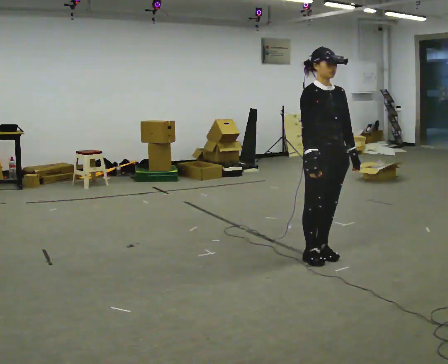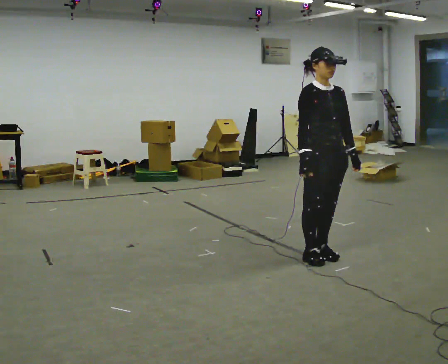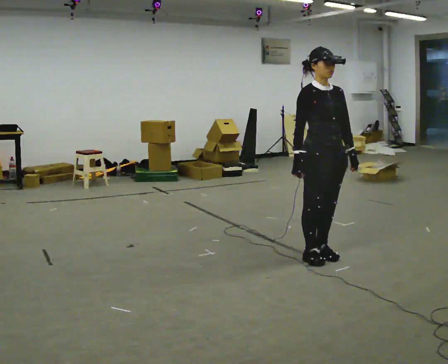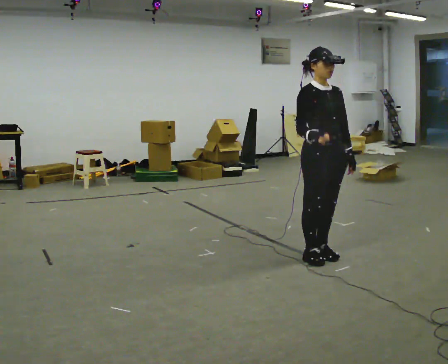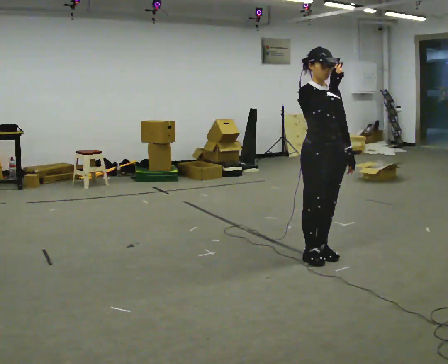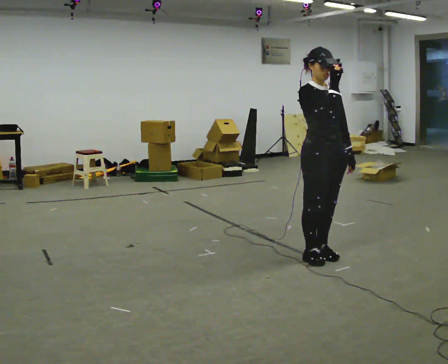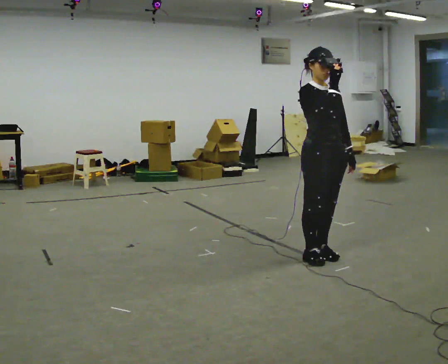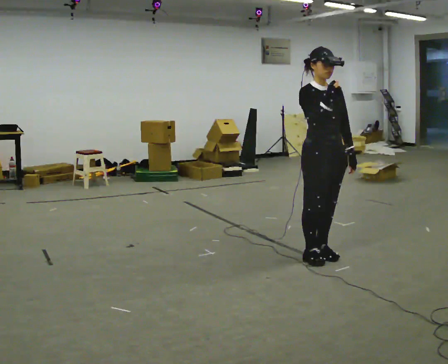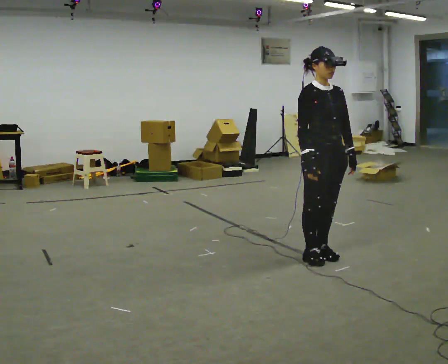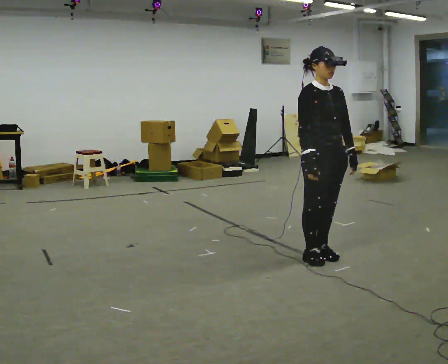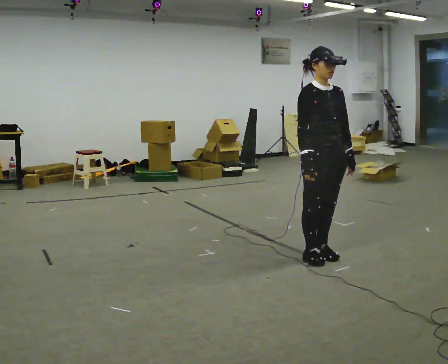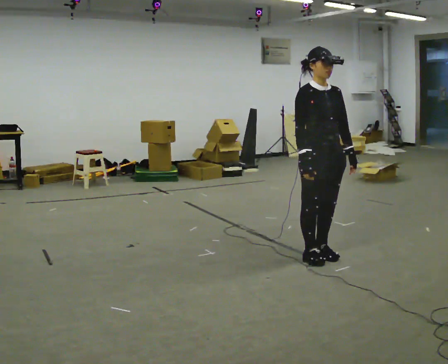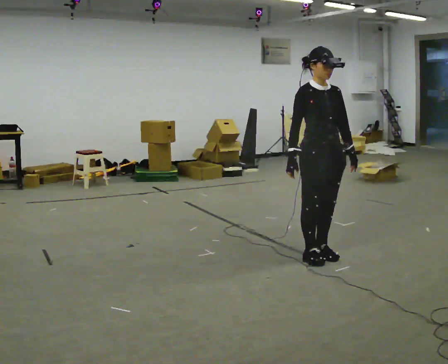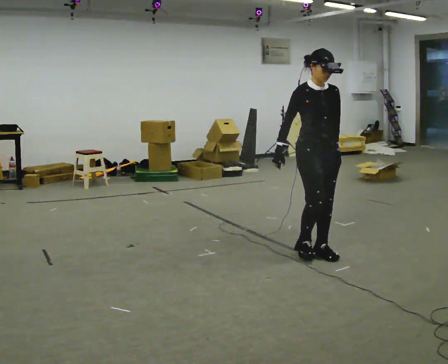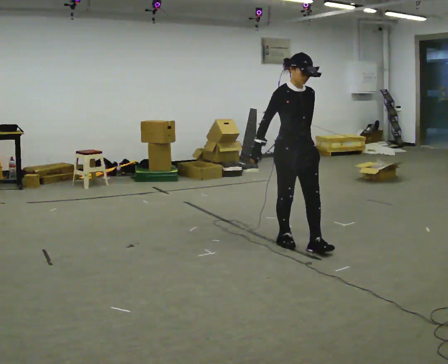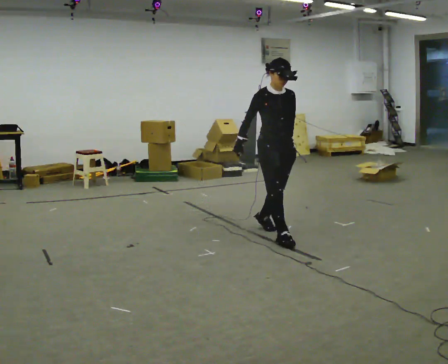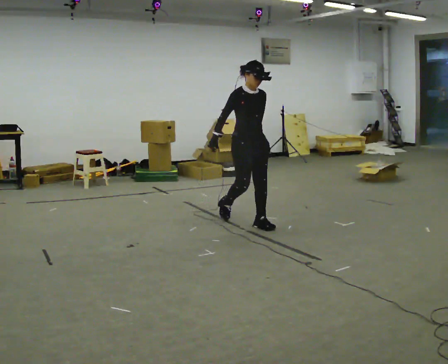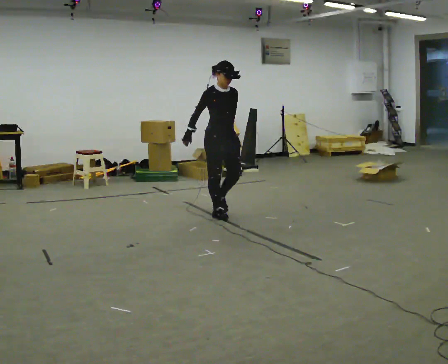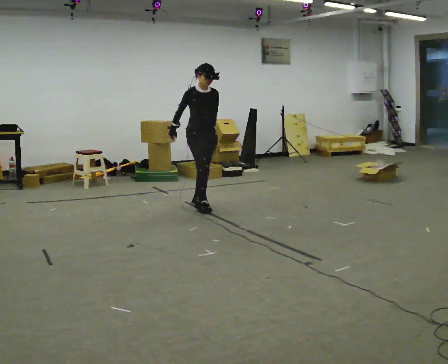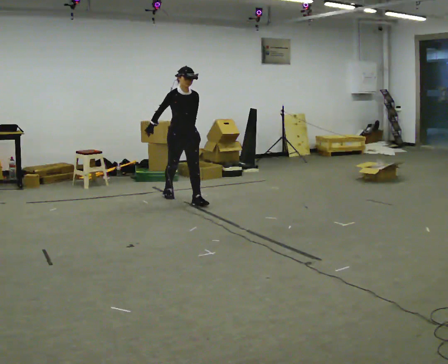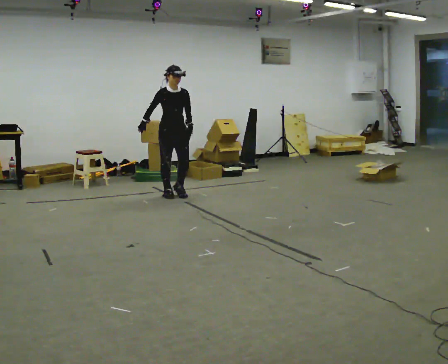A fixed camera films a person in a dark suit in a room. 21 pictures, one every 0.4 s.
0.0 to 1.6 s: In the picture their right hand goes upward.
1.6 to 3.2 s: In the picture their right hand goes downward.
3.2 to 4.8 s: The person moves a little, or ends about where they began.
4.8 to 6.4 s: In the picture they go away from the camera and to the left, about 1 m in 3 steps, which for them is backward.
6.4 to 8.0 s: In the picture they go to the left and away from the camera, about 1.5 m in 3 steps, which for them is backward.
The film runs backward here.
